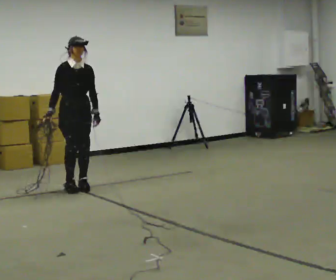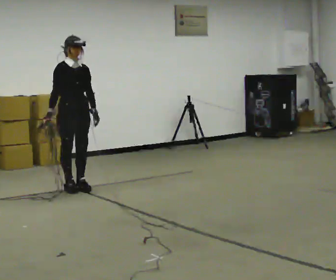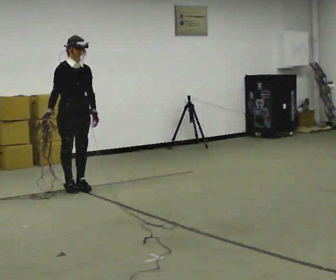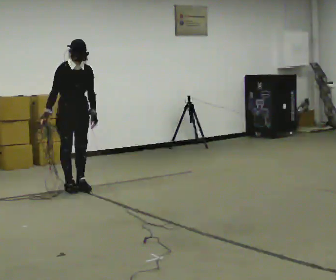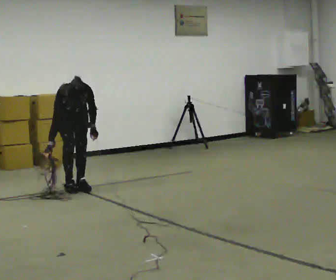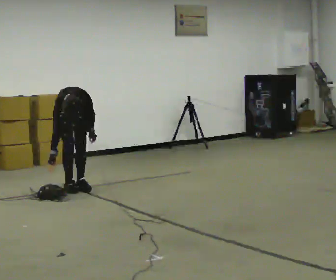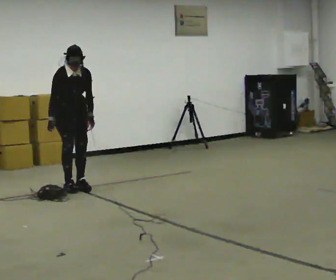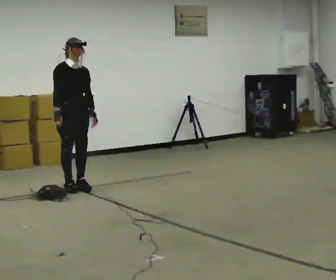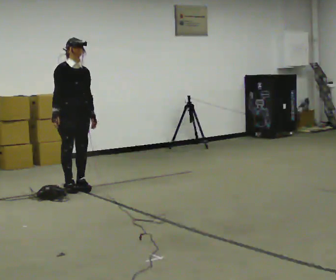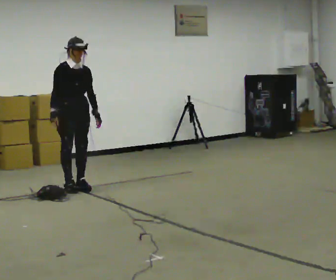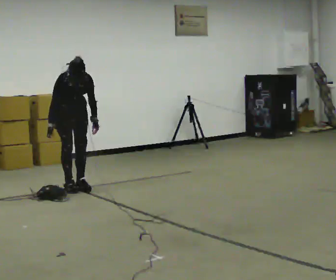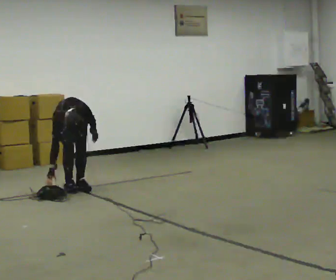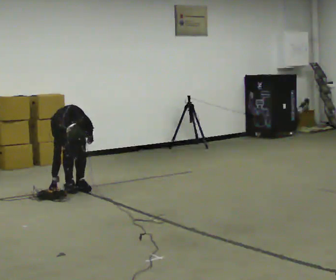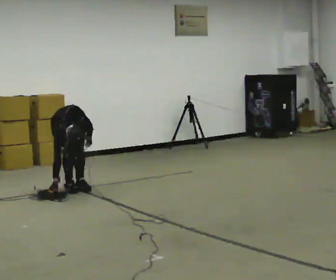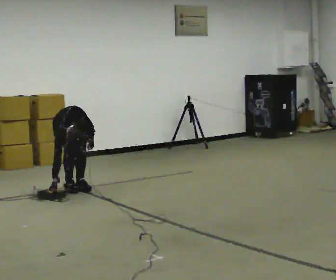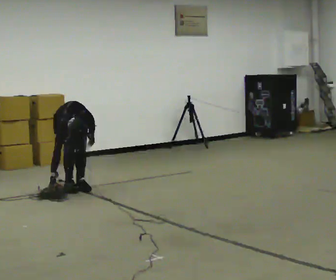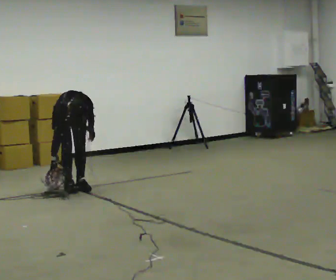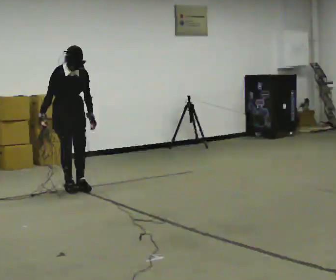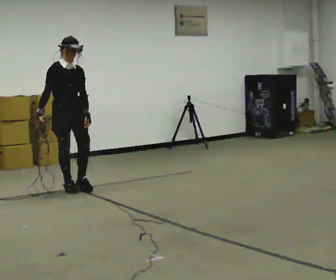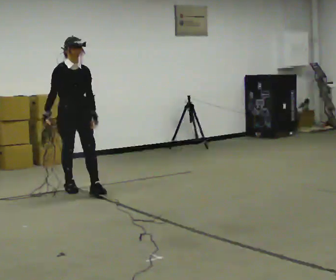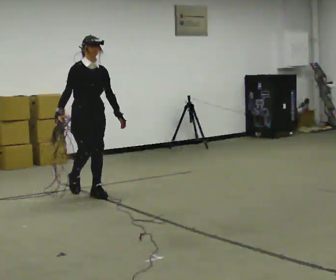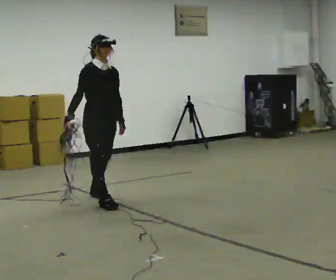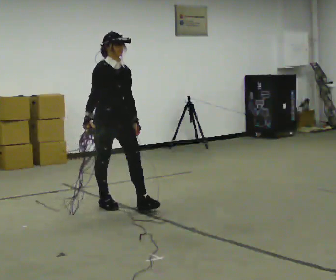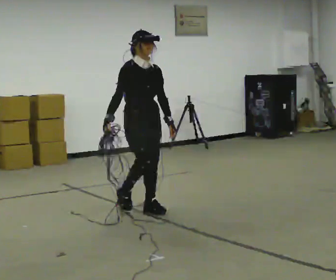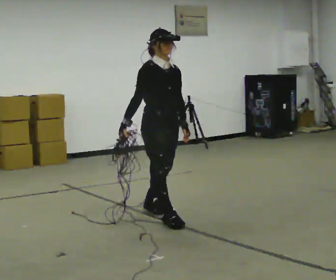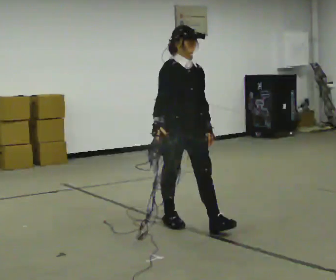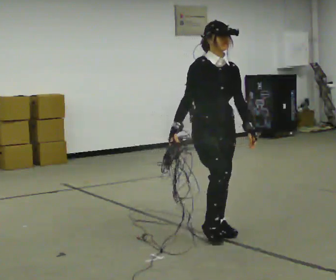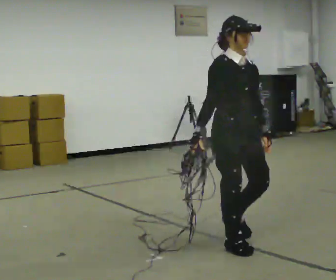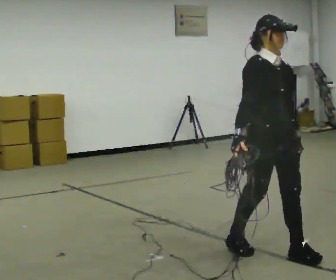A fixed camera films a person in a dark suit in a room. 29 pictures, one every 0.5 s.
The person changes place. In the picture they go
toward the camera.
0.0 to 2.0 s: The shoulders move downward. The upper body tips toward the camera, its near side rolling downward, as they bend forward.
2.0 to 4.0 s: The upper body tips away from the camera, its near side rolling upward, as they lean back or straighten.
4.0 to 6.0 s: The shoulders move downward. The upper body tips toward the camera, its near side rolling downward, as they bend forward.
6.0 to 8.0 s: The upper body goes upward. The upper body tips away from the camera, its near side rolling upward, as they lean back or straighten.
8.0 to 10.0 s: In the picture they go toward the camera and to the right, about 0.5 m in 1 step, which for them is forward. The shoulders move upward. The upper body tips away from the camera, its near side rolling upward, as they lean back or straighten.
10.0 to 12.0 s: In the picture they go toward the camera and to the right, about 1 m in 3 steps, which for them is forward.
12.0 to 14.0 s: In the picture they go toward the camera and to the right, about 1.5 m in 3 steps, which for them is forward.
The film runs forward here.
